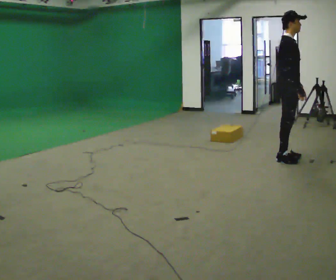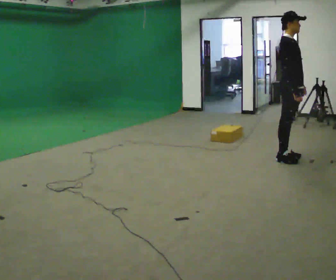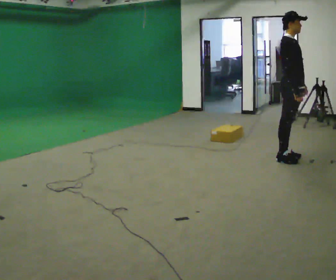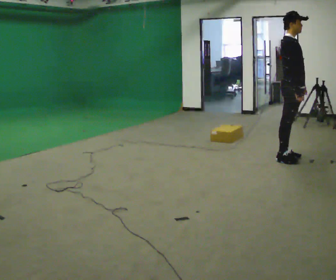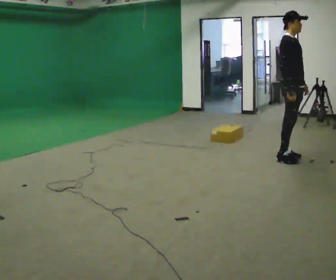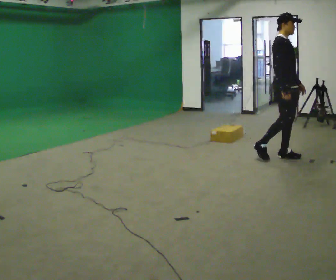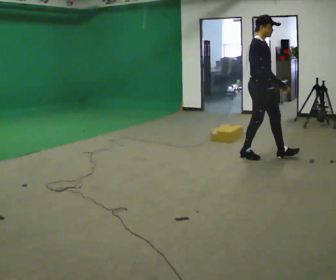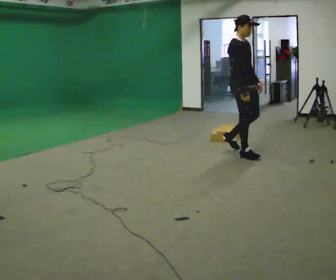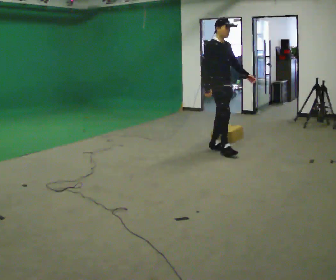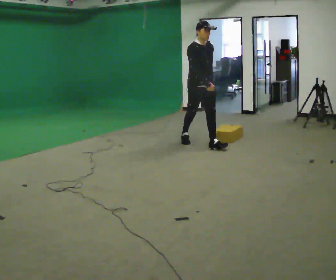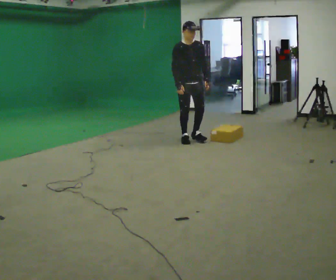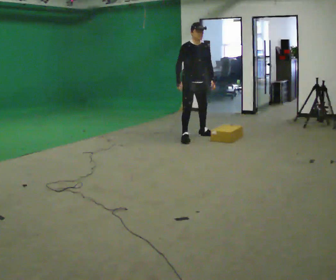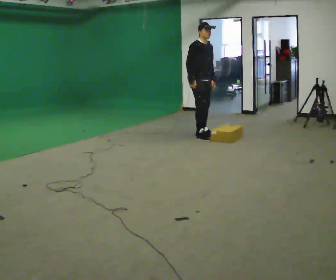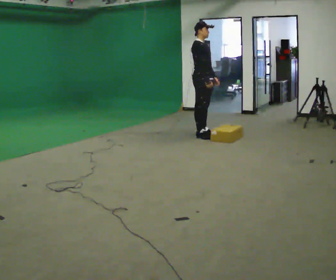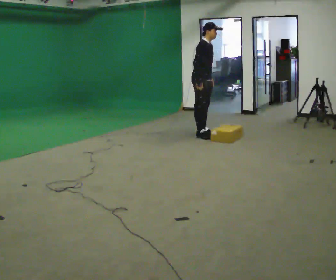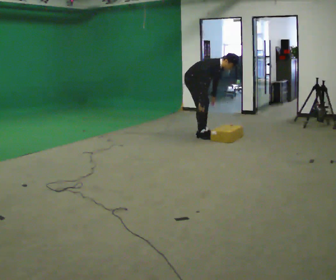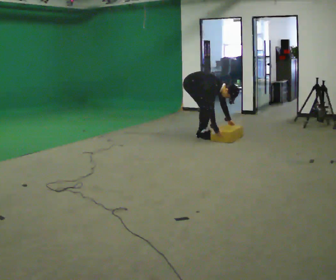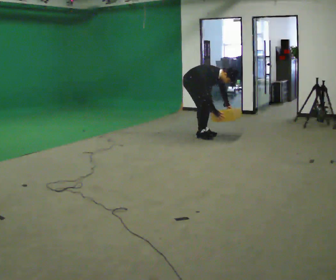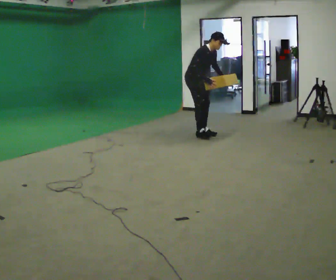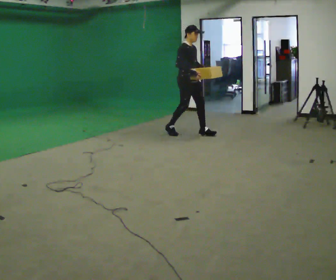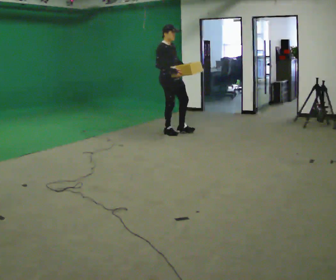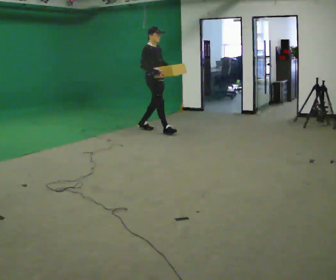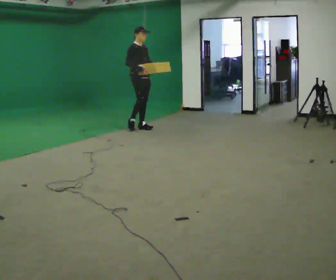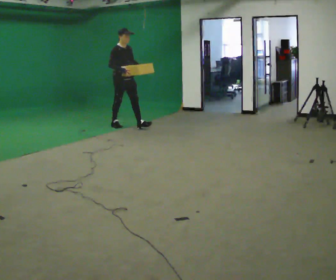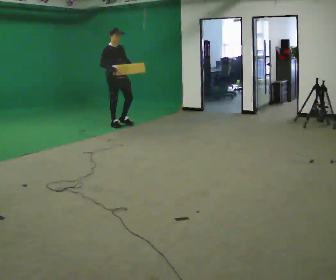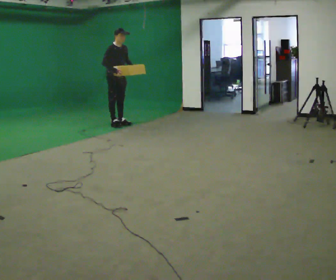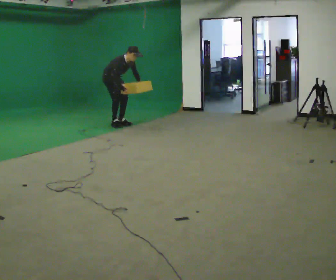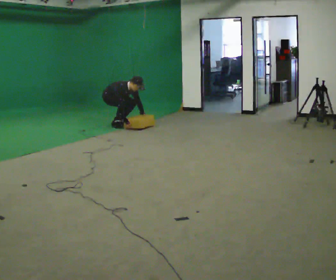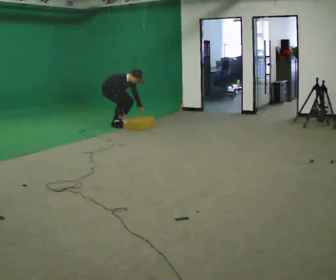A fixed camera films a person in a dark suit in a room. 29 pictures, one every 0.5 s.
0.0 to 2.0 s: The person moves a little, or ends about where they began.
2.0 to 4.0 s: In the picture they go to the left and away from the camera, about 1 m in 3 steps, which for them is backward.
4.0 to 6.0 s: In the picture they go away from the camera, about 1 m in 2 steps, which for them is backward.
6.0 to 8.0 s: The upper body goes downward. In the picture the upper body tilts clockwise, shoulders to the right, as they bend forward. In the picture their left hand goes downward.
8.0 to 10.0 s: In the picture they go to the left, about 0.5 m in 2 steps, which for them is backward. The upper body goes upward. In the picture the upper body tilts counterclockwise, shoulders to the left, as they lean back or straighten. In the picture their right hand goes upward.
10.0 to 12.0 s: In the picture they go to the left and away from the camera, about 1 m in 2 steps, which for them is backward.
12.0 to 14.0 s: In the picture they go away from the camera and to the left, about 0.25 m, which for them is backward. In the picture the upper body tilts clockwise, shoulders to the right, as they bend forward. In the picture their left hand goes downward.
The film runs backward here.
